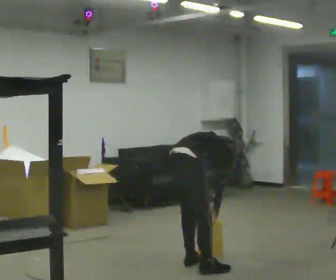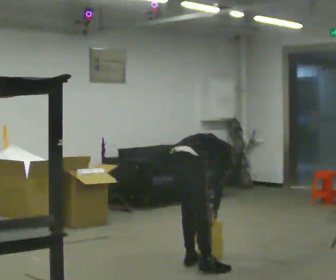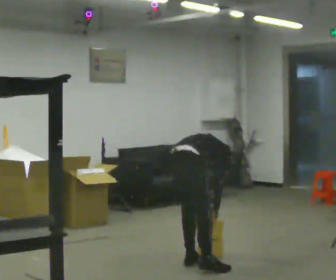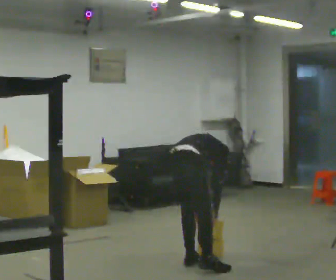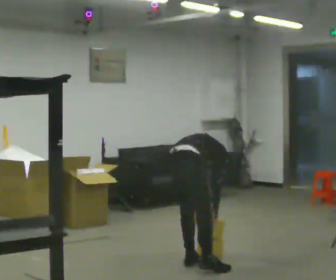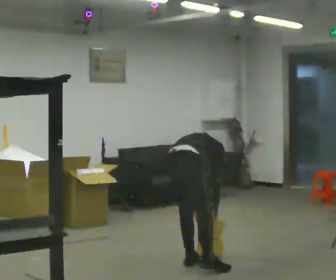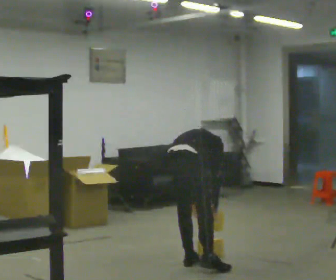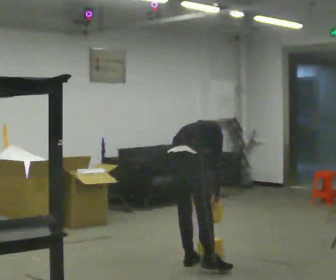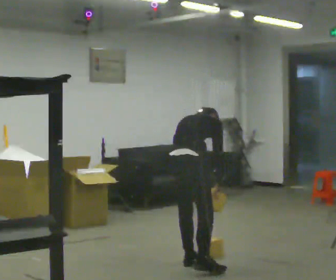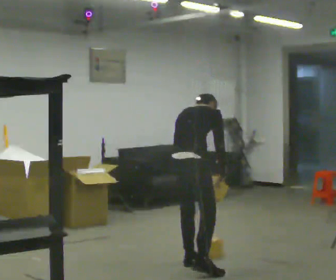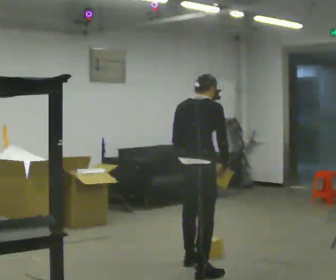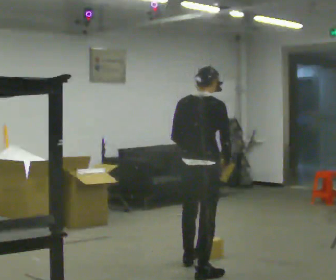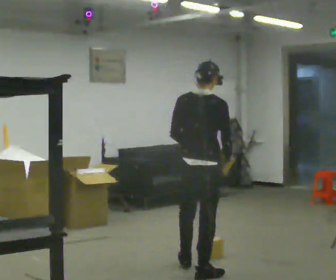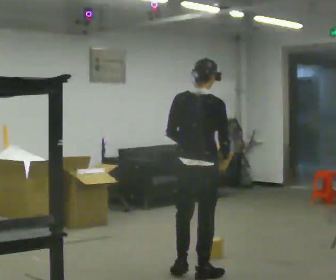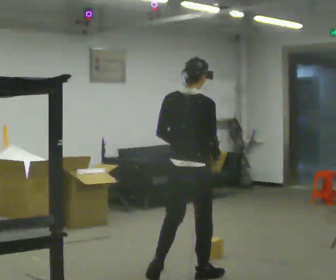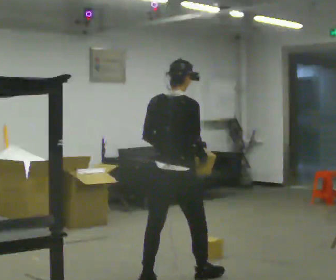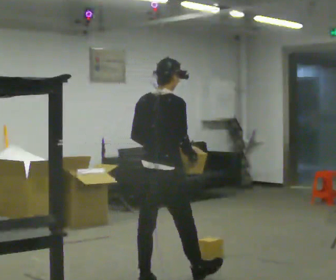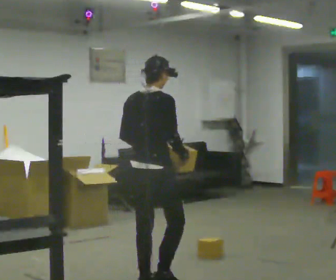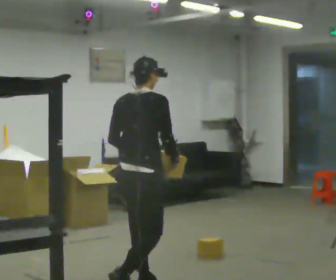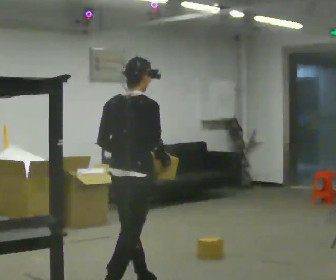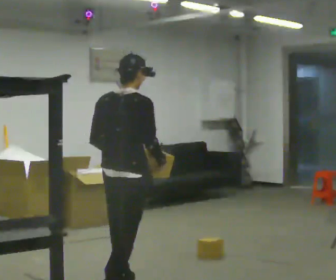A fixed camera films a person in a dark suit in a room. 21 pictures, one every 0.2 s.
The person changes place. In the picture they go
toward the camera.
Their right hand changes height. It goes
upward.
0.0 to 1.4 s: The person moves a little, or ends about where they began.
1.4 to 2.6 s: In the picture they go toward the camera, about 0.5 m in 1 step, which for them is backward and to their right. The upper body goes upward. The upper body tips toward the camera, its near side rolling downward, as they lean back or straighten. In the picture their left hand goes upward.
2.6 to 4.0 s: In the picture they go toward the camera and to the left, about 1 m in 2 steps, which for them is backward.
The film runs backward here.
